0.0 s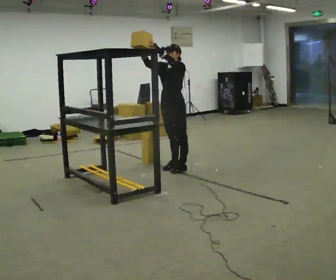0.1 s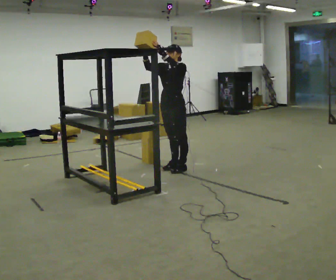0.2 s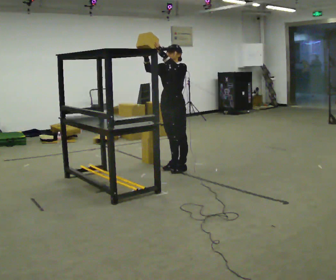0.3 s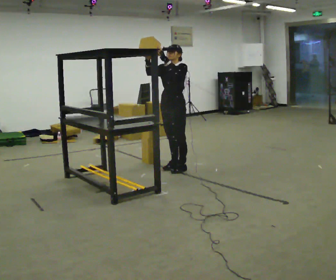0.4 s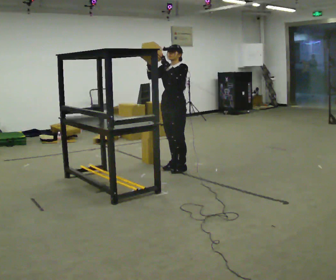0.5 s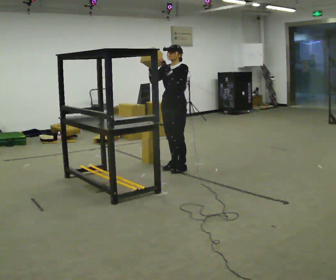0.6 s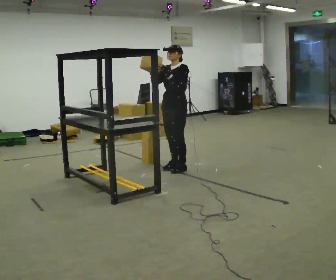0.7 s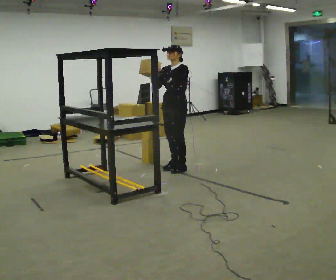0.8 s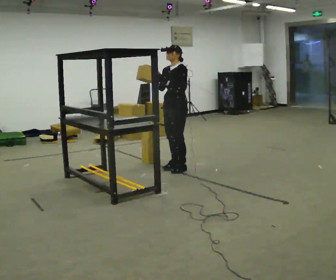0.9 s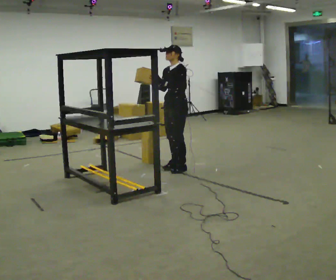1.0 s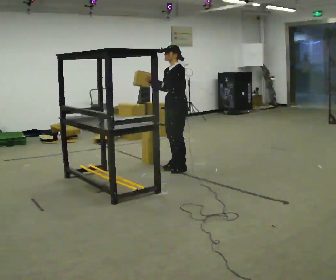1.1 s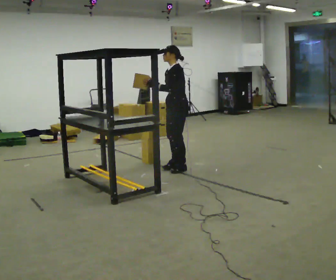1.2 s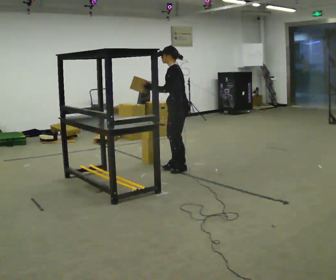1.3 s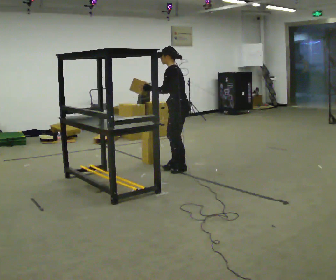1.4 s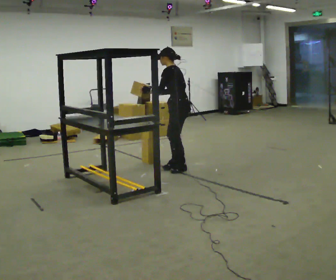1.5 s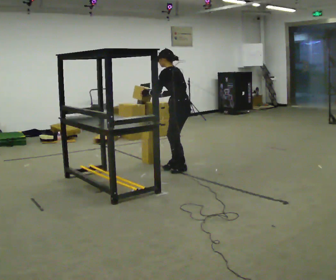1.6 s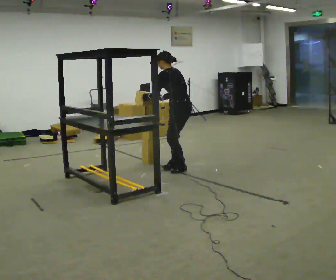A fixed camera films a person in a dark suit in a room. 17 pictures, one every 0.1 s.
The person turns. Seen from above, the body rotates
clockwise.
The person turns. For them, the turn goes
to their right.
0.0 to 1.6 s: The part of the body nearest the lens slides to the left as the person turns to their right by about 60 degrees. In the picture the upper body tilts counterclockwise, shoulders to the left. In the picture their right hand goes downward.
The film runs backward here.
